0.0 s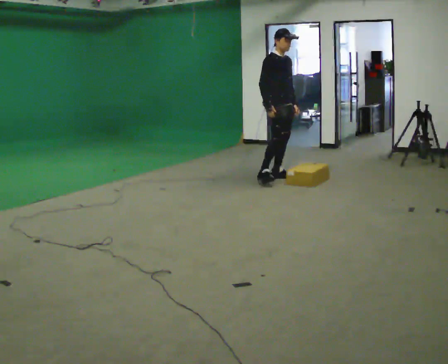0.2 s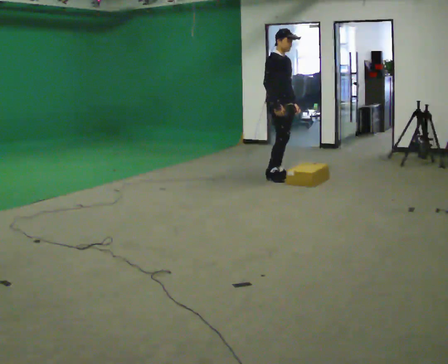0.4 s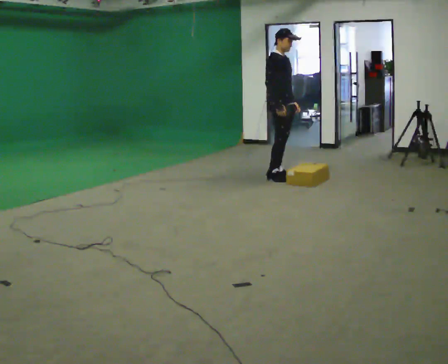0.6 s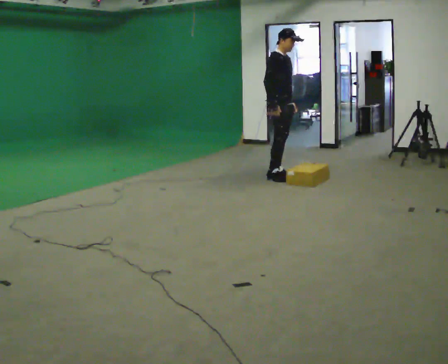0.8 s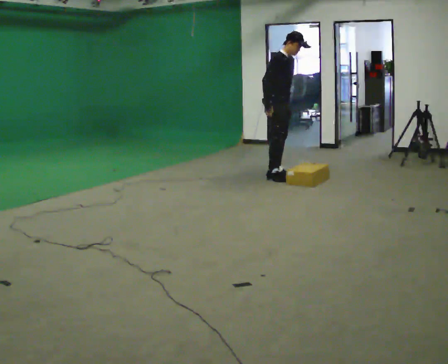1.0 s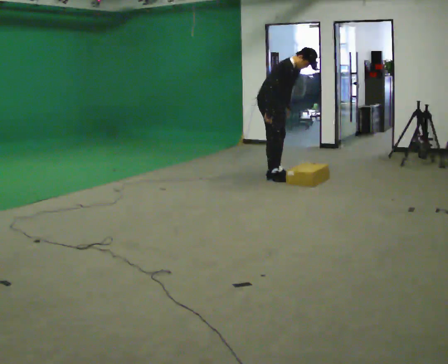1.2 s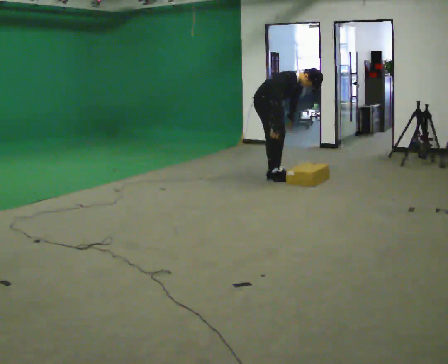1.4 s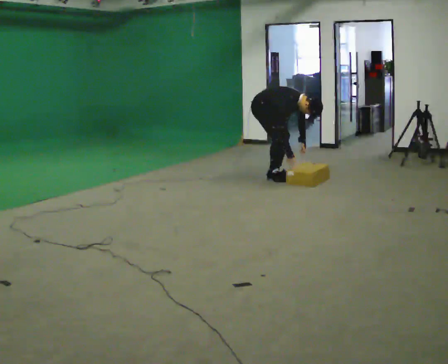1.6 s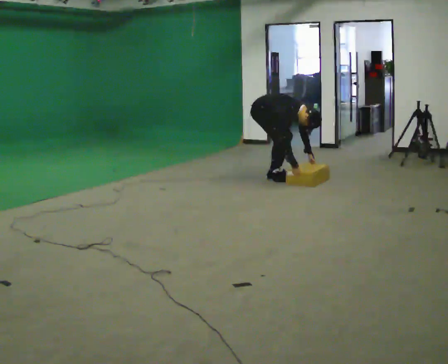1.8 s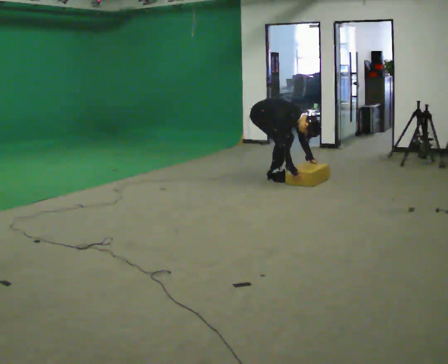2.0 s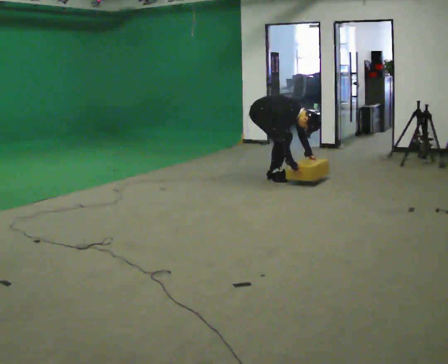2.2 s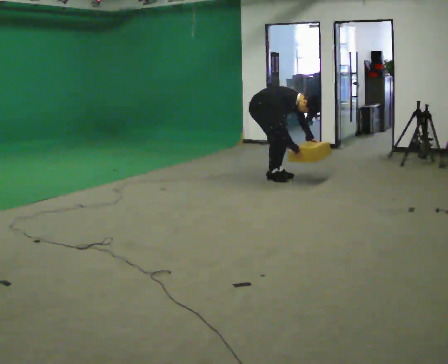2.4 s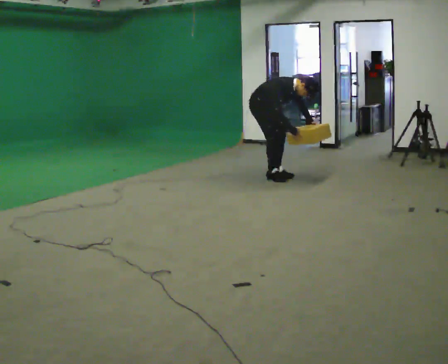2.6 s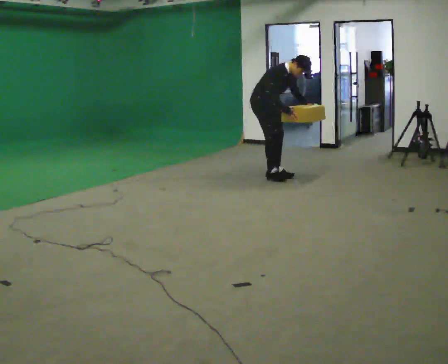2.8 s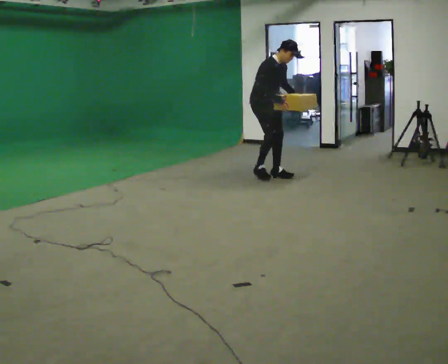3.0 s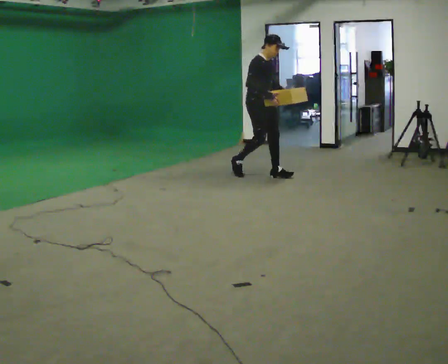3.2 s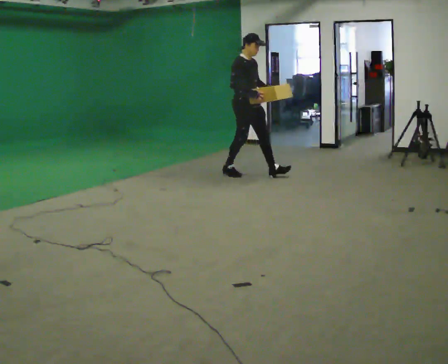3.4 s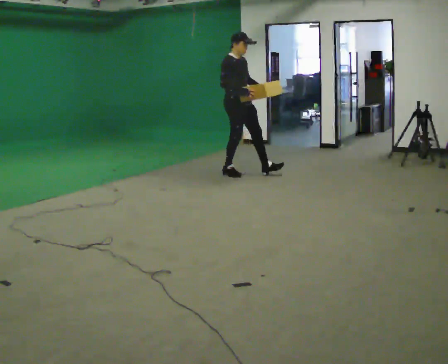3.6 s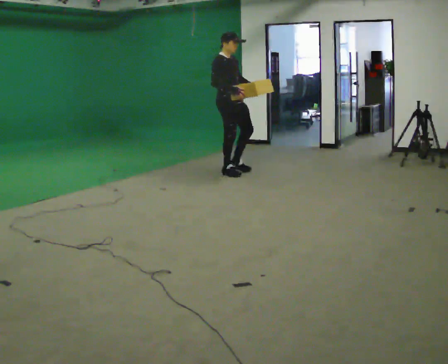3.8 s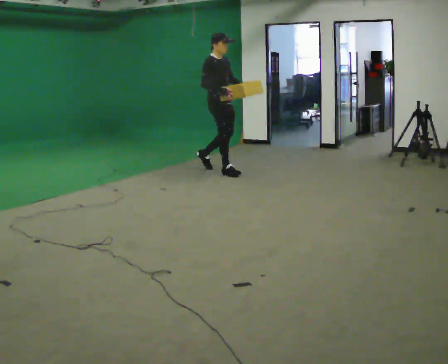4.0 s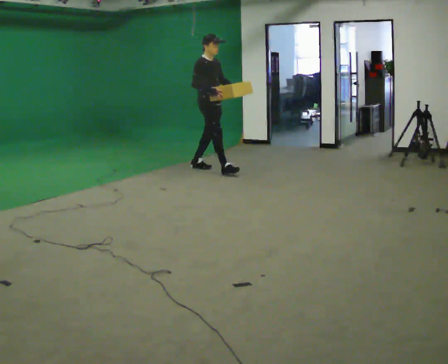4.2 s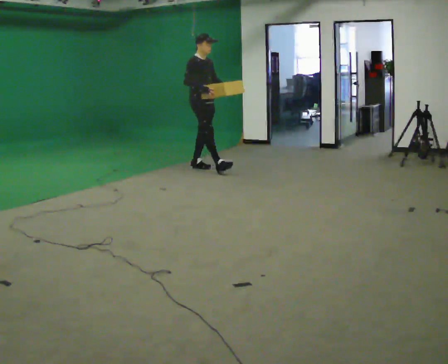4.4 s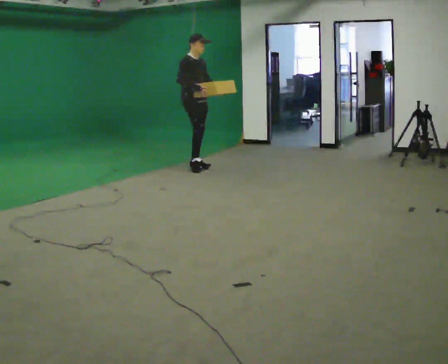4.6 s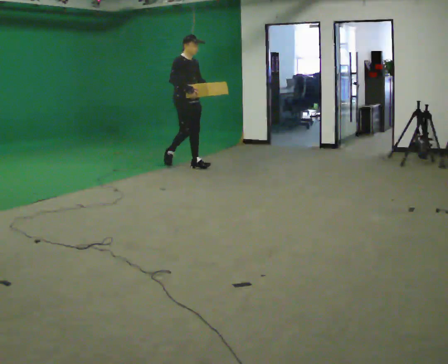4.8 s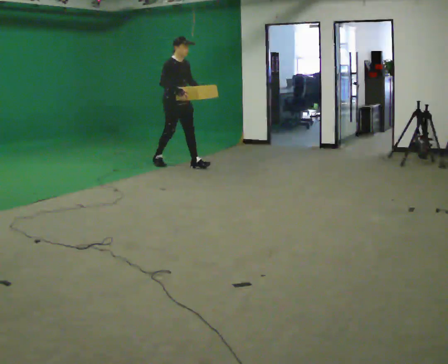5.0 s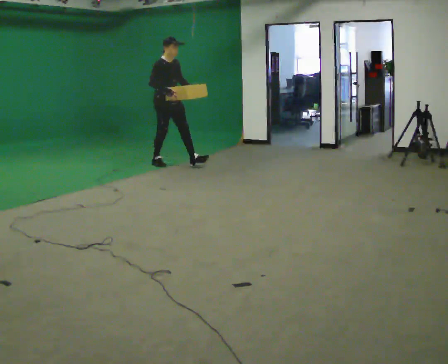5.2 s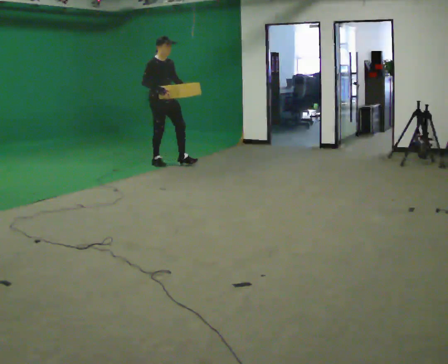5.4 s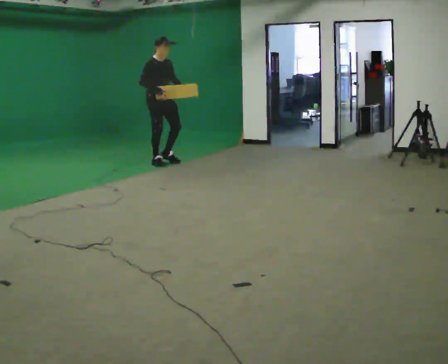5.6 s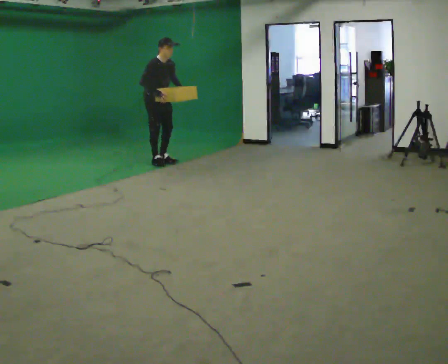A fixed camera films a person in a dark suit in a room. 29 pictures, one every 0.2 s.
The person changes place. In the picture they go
to the left.
0.0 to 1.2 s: The upper body goes downward. In the picture the upper body tilts clockwise, shoulders to the right, as they bend forward.
1.2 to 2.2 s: In the picture their left hand goes downward.
2.2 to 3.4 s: In the picture they go to the left, about 0.25 m in 2 steps, which for them is backward. The upper body goes upward. In the picture the upper body tilts counterclockwise, shoulders to the left, as they lean back or straighten. In the picture their right hand goes upward.
3.4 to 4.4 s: In the picture they go to the left and away from the camera, about 0.5 m in 1 step, which for them is backward.
4.4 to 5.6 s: In the picture they go to the left and away from the camera, about 0.75 m in 1 step, which for them is backward. In the picture the upper body tilts clockwise, shoulders to the right, as they bend forward.
The film runs backward here.
